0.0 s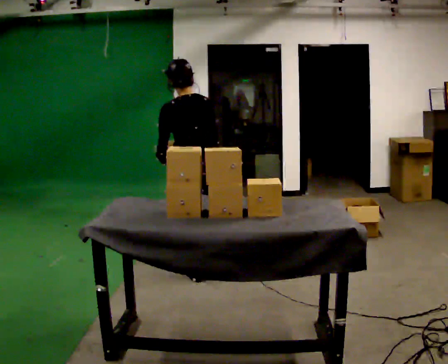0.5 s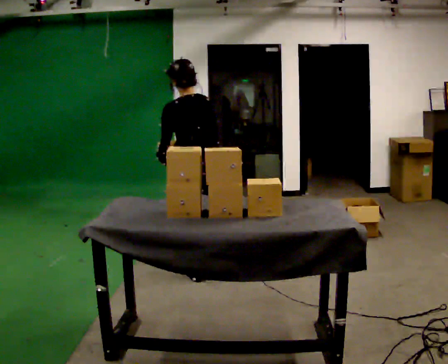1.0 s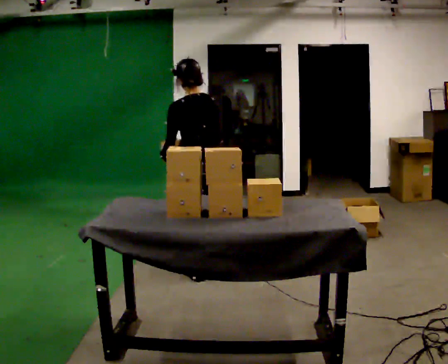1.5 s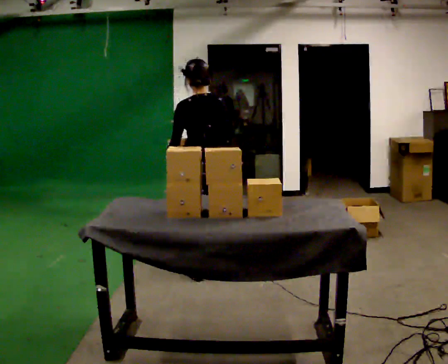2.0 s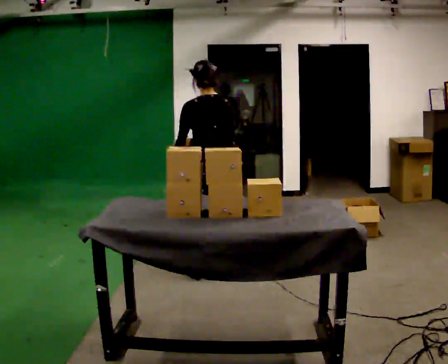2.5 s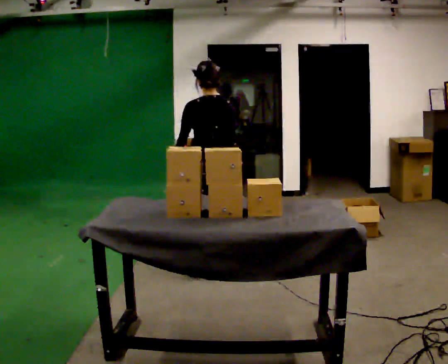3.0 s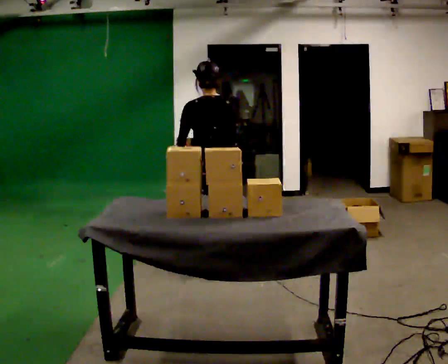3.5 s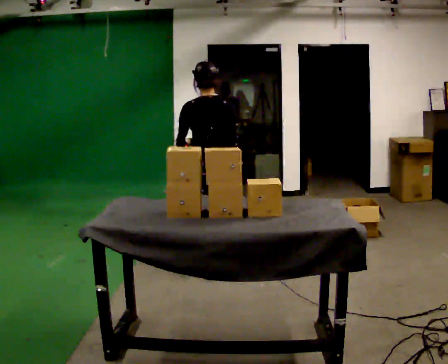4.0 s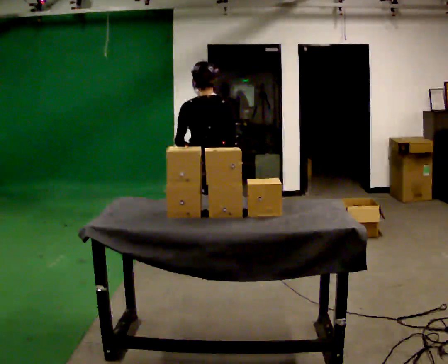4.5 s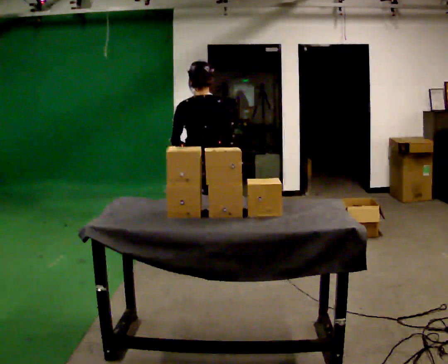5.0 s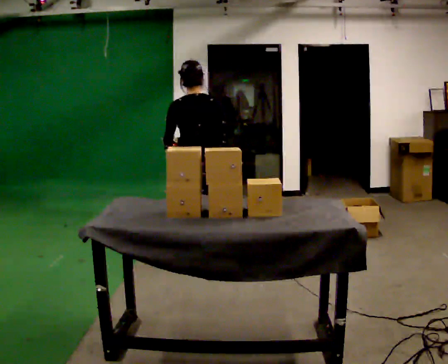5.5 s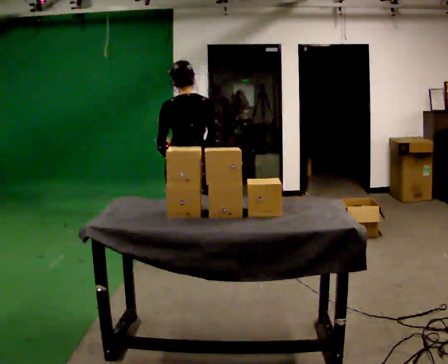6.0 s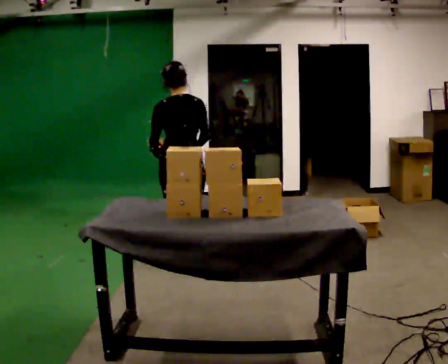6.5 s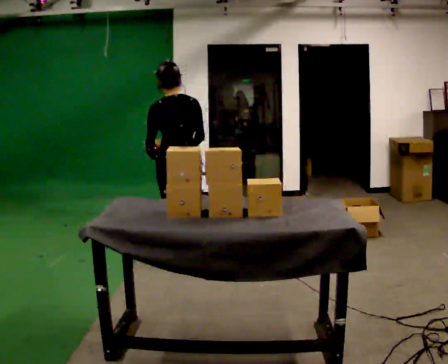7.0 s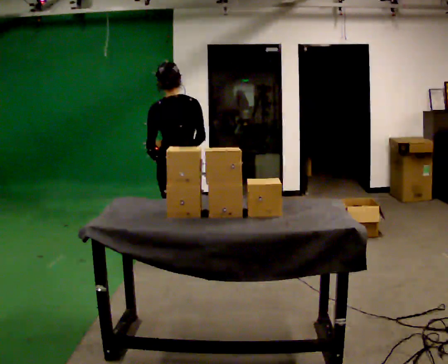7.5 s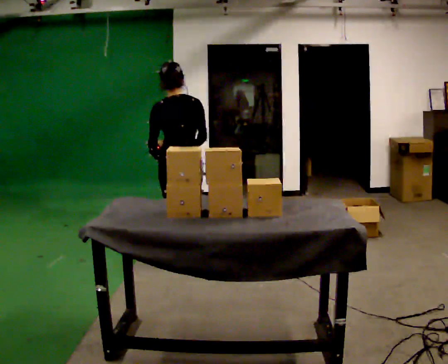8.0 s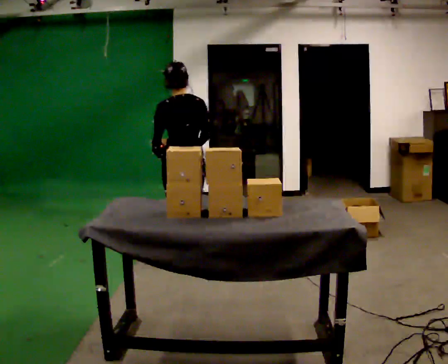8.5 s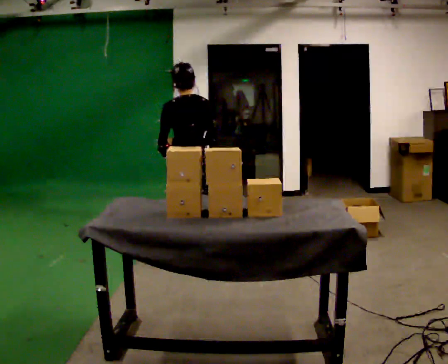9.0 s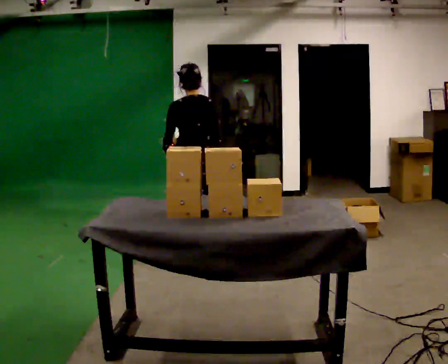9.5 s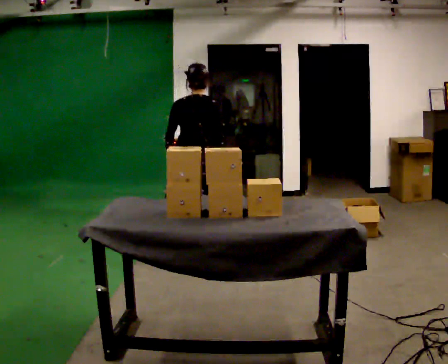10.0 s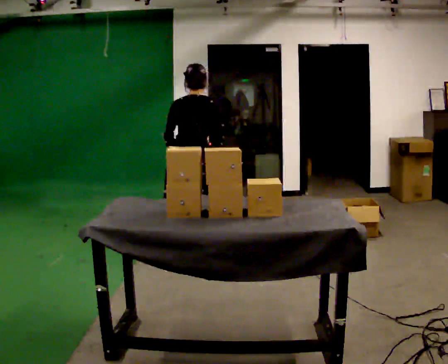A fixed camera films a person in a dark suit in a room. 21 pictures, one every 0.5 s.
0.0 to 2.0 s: In the picture they go away from the camera, about 0.25 m in 1 step, which for them is to their right.
2.0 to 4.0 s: The person moves a little, or ends about where they began.
4.0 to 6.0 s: In the picture they go to the left, about 0.25 m in 1 step, which for them is to their left.
6.0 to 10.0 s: In the picture they go away from the camera, about 0.25 m in 2 steps, which for them is forward.
The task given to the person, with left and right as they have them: 1. Take the objects out of the box on the table one at a time. 2. Put each one in the bin the operator has labelled for it. 3. Tell the operator when you are finished.
The film runs forward here.
